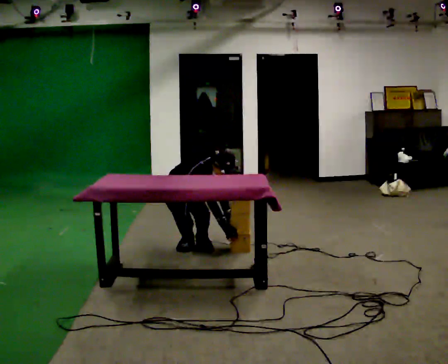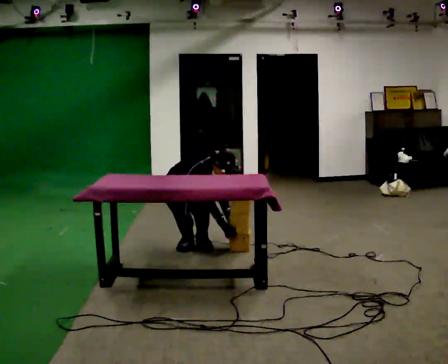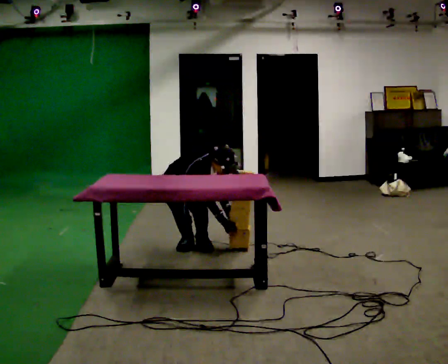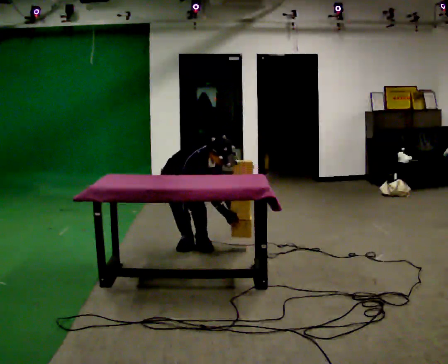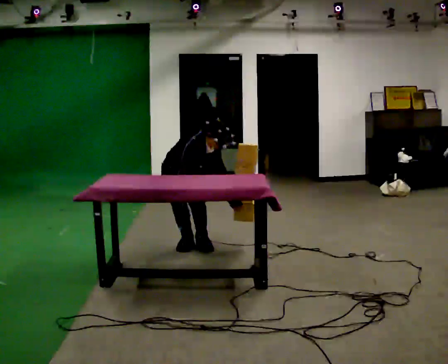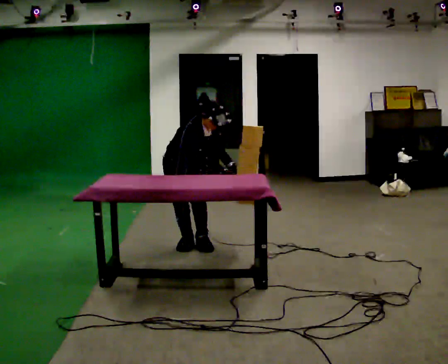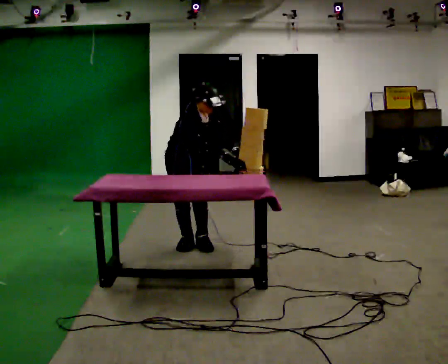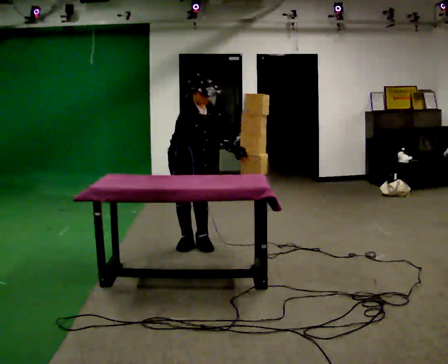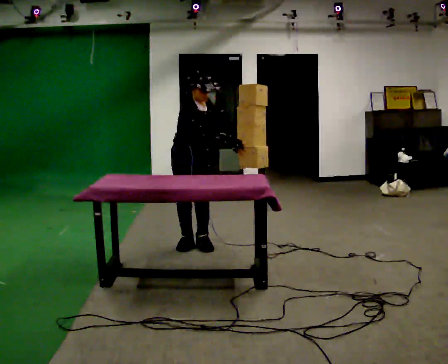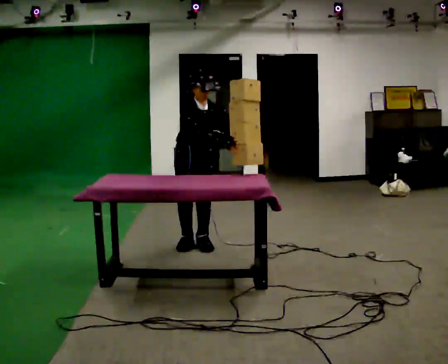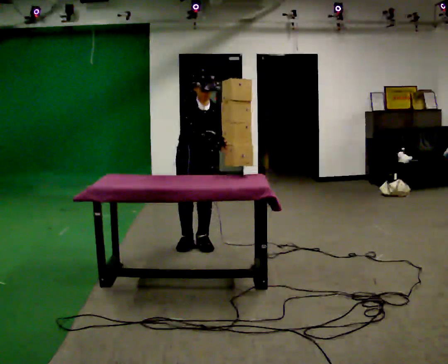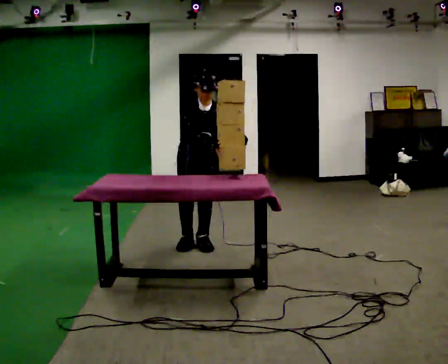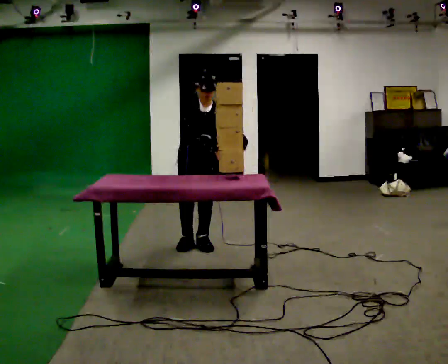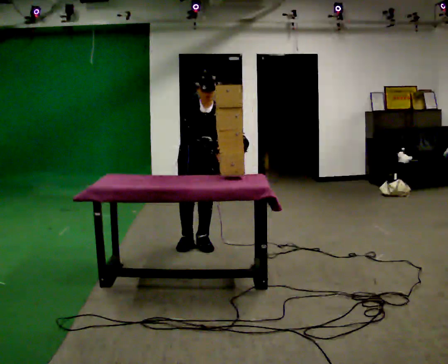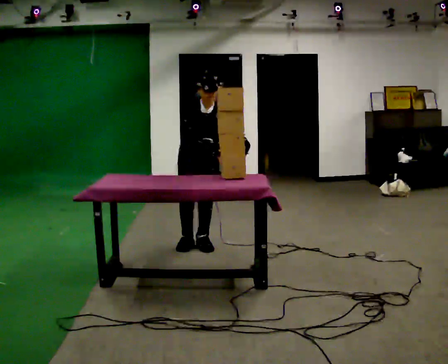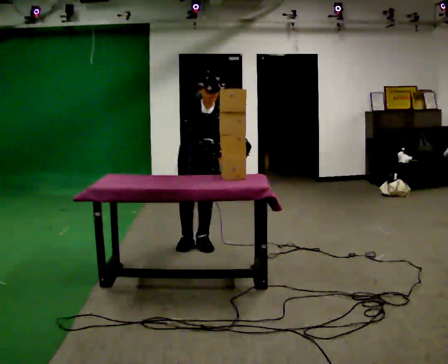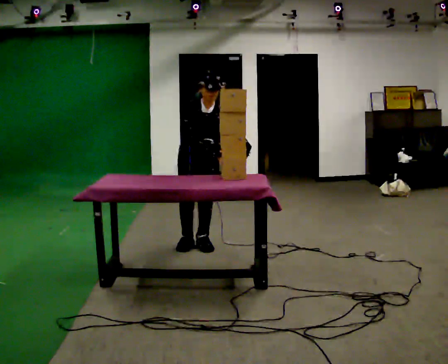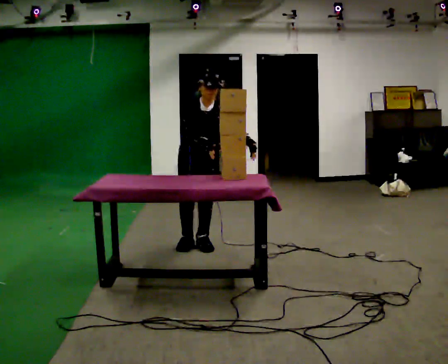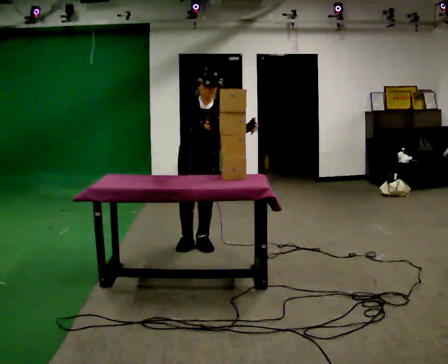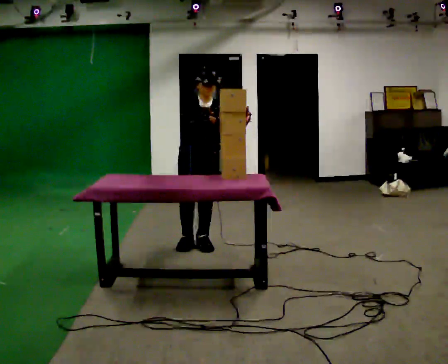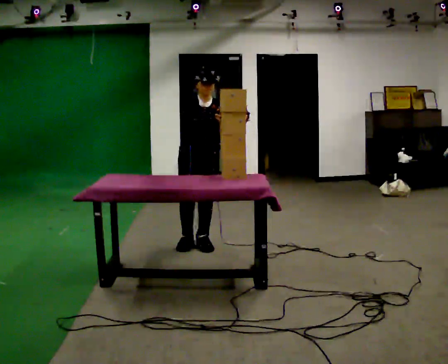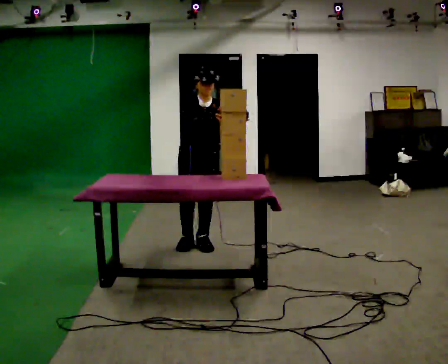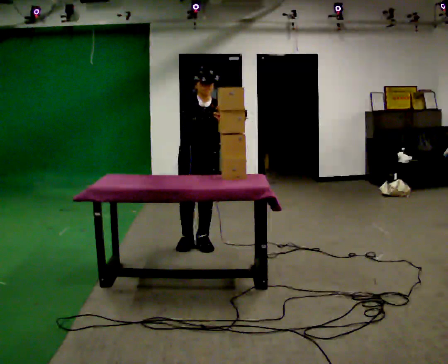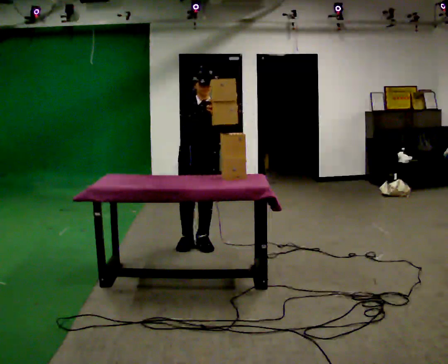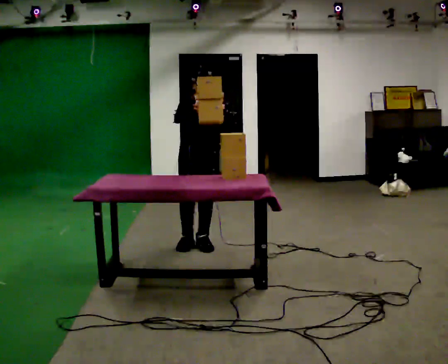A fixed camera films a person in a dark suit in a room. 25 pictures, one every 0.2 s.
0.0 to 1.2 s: The shoulders move upward. In the picture the upper body tilts counterclockwise, shoulders to the left, as they lean back or straighten. In the picture their left hand goes upward.
1.2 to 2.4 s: The person turns about 45 degrees to their right, clockwise seen from above, so the part of the body nearest the lens slides to the left. In the picture the upper body tilts counterclockwise, shoulders to the left.
2.4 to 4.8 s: The person moves a little, or ends about where they began.
The film runs forward here.
